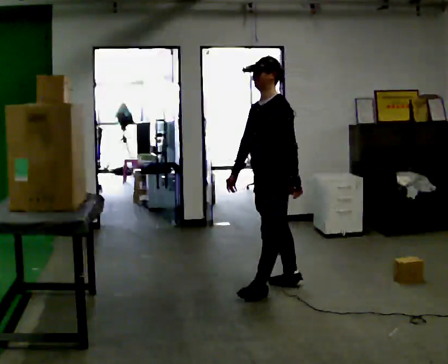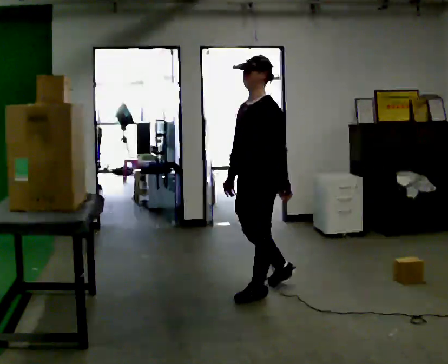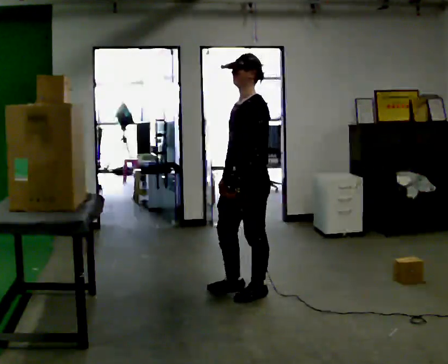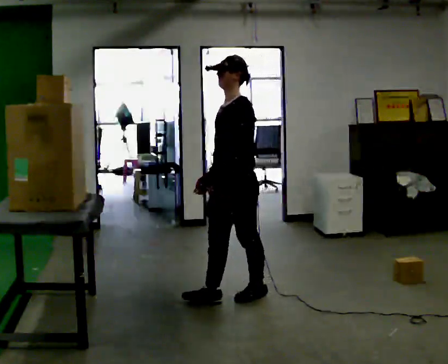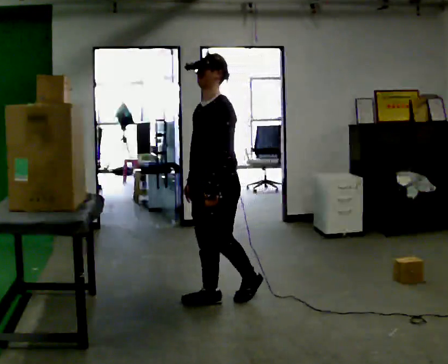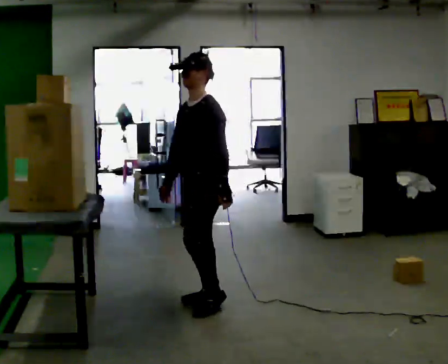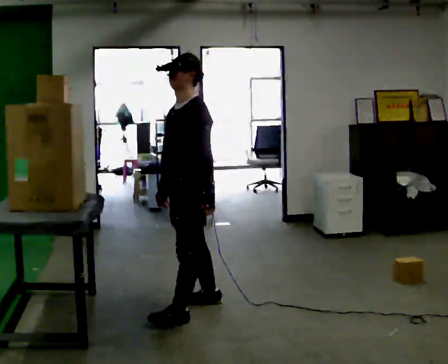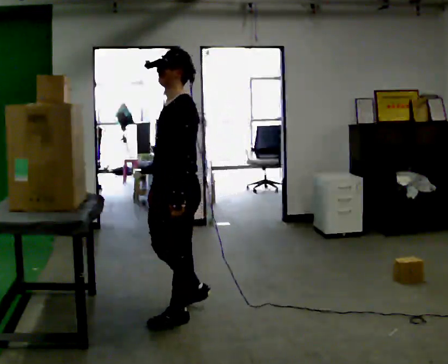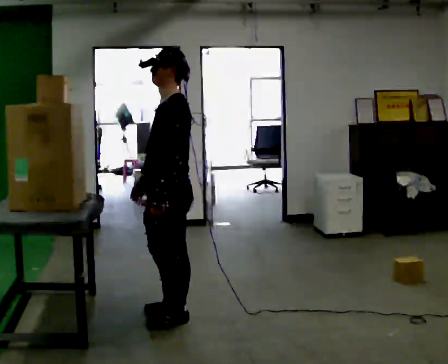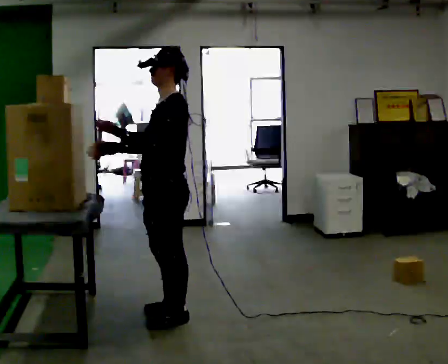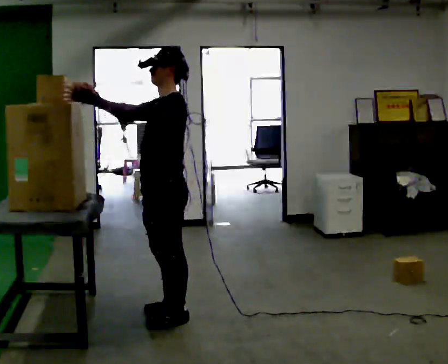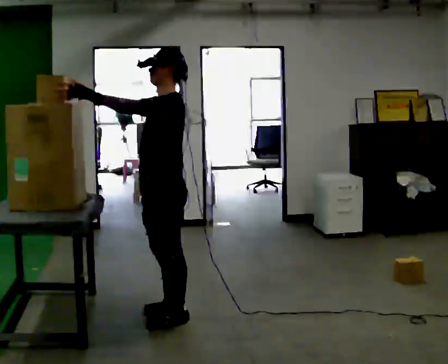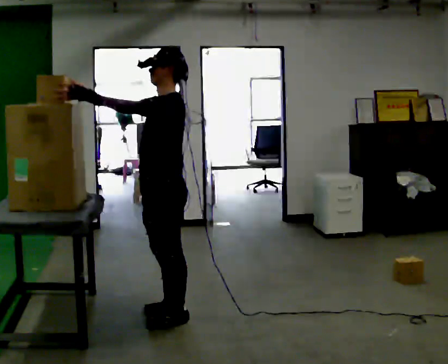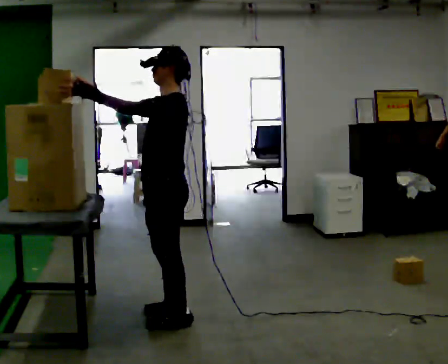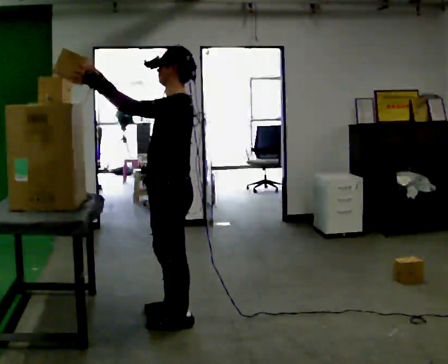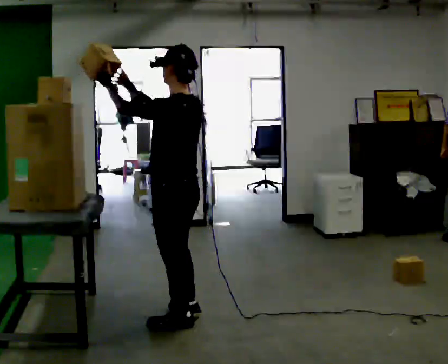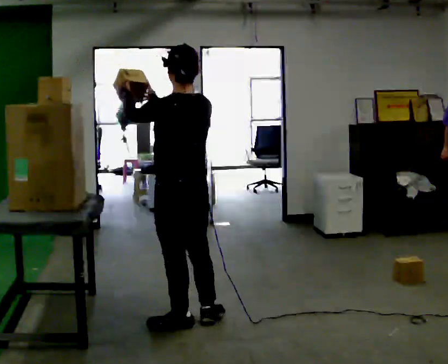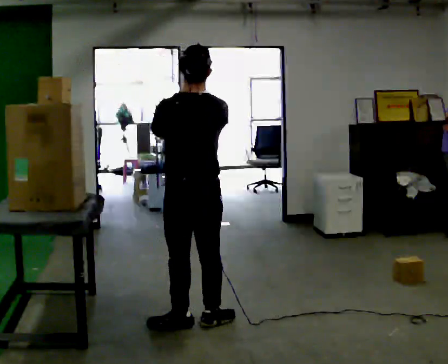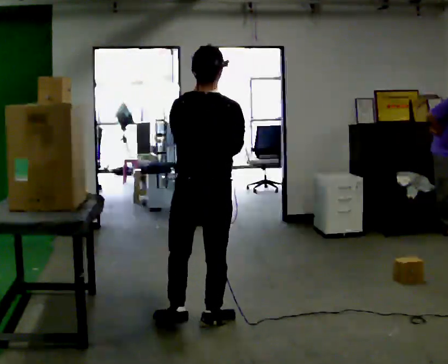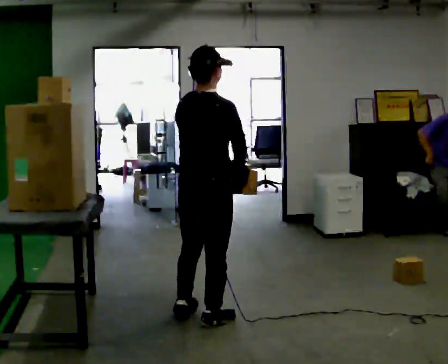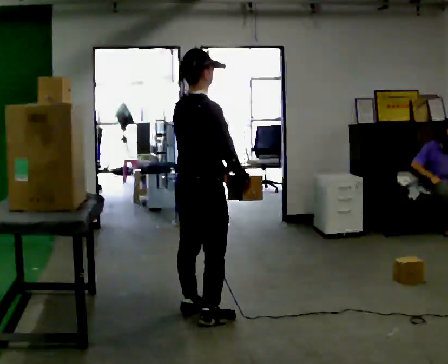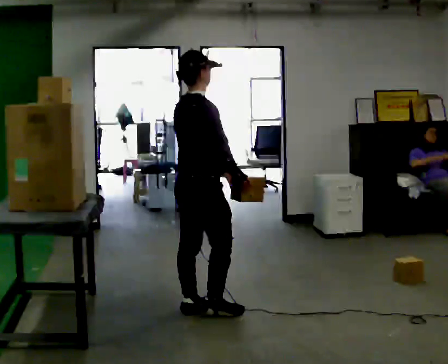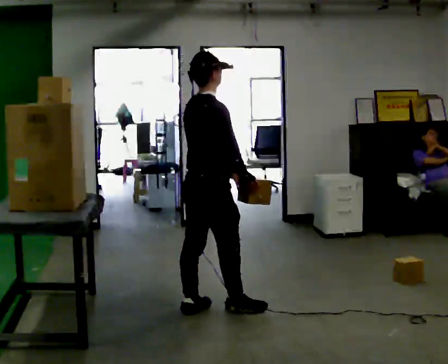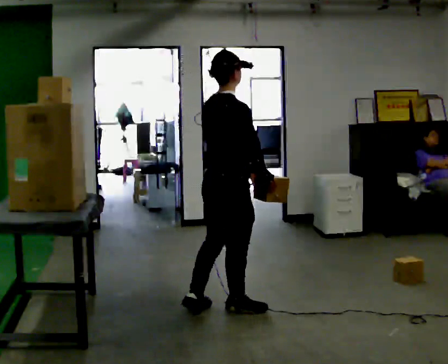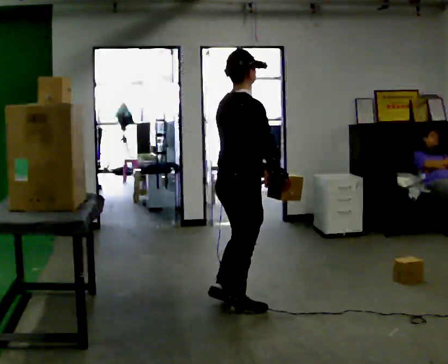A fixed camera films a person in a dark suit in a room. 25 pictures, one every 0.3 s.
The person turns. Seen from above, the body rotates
clockwise.
The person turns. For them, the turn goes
to their right.
0.0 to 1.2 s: In the picture they go to the left and toward the camera, about 0.5 m in 1 step, which for them is forward.
1.2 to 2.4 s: In the picture they go toward the camera and to the left, about 0.5 m in 2 steps, which for them is forward and to their left.
2.4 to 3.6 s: In the picture their left hand goes upward and to the left, the arm swinging clockwise.
3.6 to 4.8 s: The part of the body nearest the lens slides to the left as the person turns to their right by about 60 degrees. In the picture they go toward the camera, about 0.25 m in 1 step. In the picture their right hand goes to the right.
4.8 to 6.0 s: Seen from above the body turns clockwise, about 90 degrees: to their right, with its near side sliding to the left. In the picture they go away from the camera, about 0.25 m in 1 step. In the picture their right hand goes to the right and downward.
6.0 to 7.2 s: In the picture they go to the right, about 0.25 m in 1 step, which for them is forward.
The film runs forward here.
